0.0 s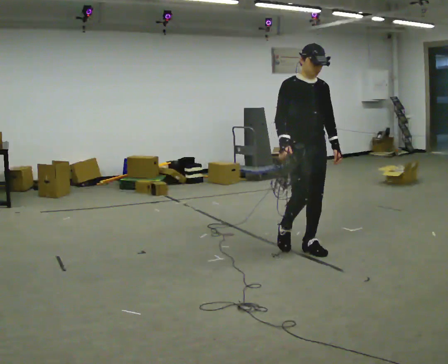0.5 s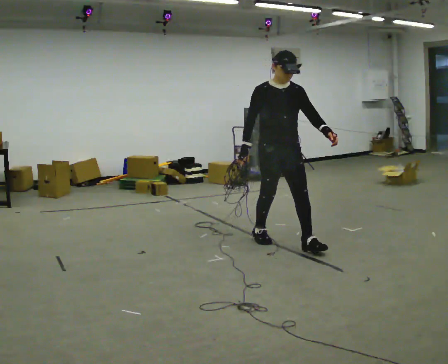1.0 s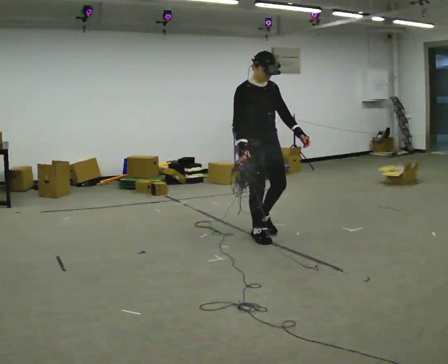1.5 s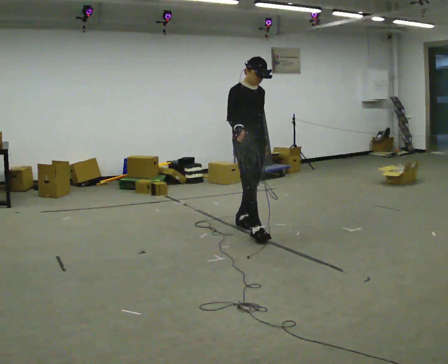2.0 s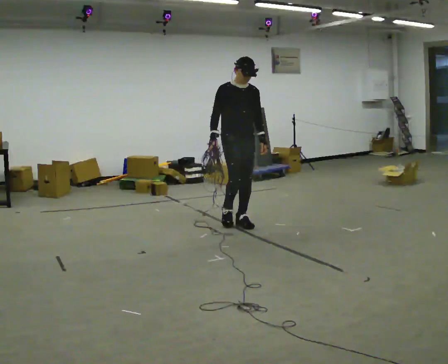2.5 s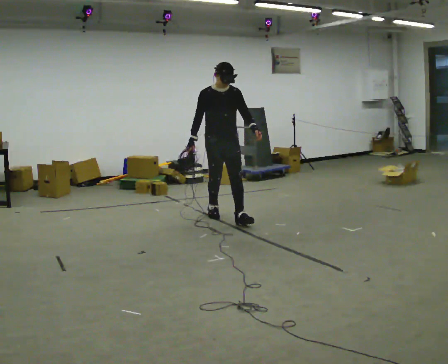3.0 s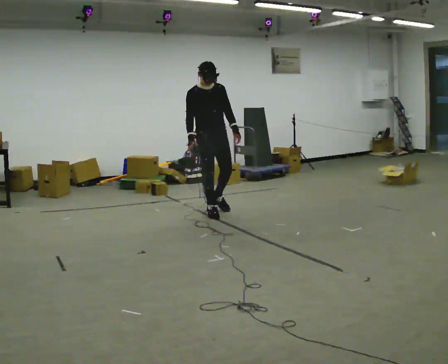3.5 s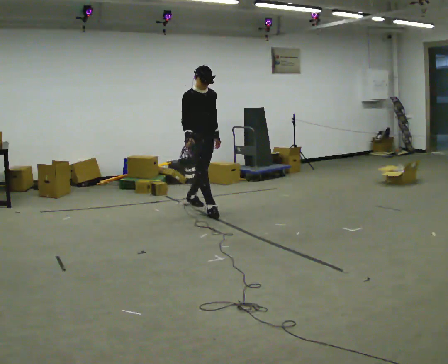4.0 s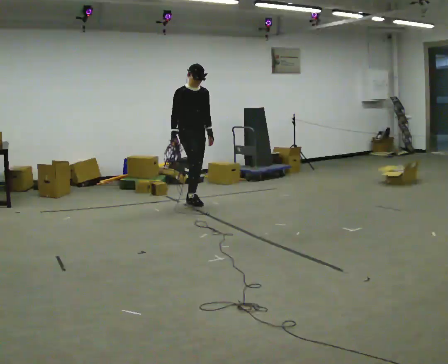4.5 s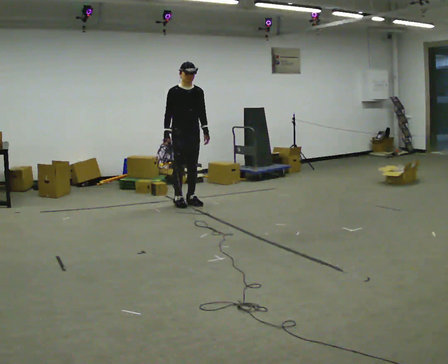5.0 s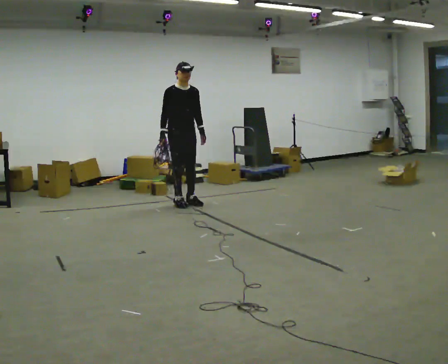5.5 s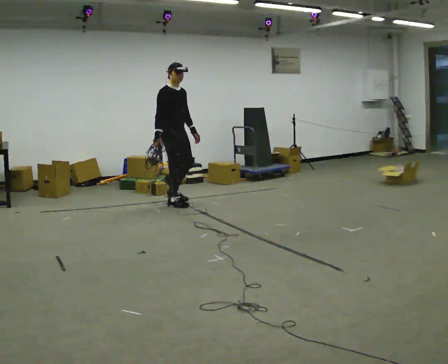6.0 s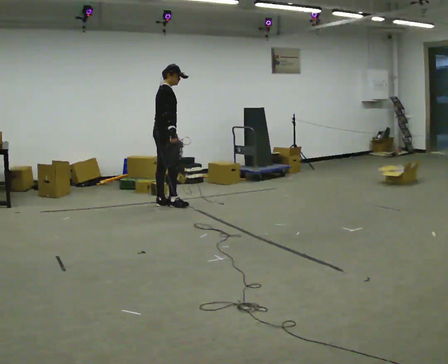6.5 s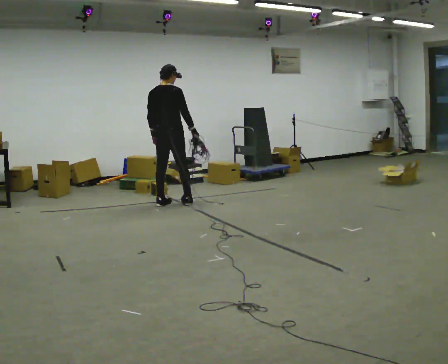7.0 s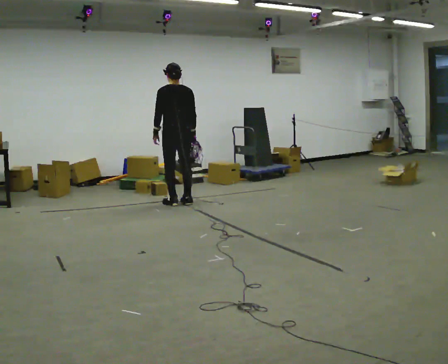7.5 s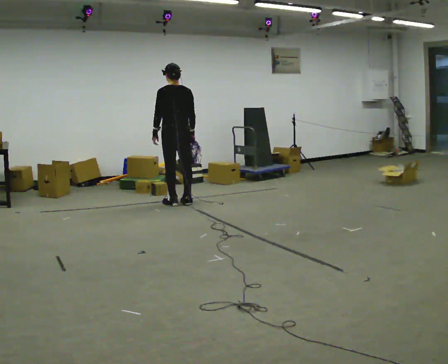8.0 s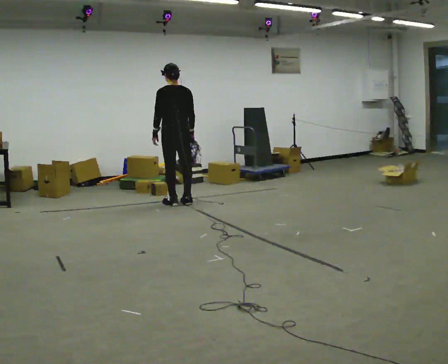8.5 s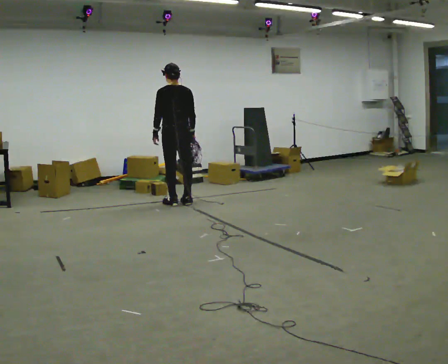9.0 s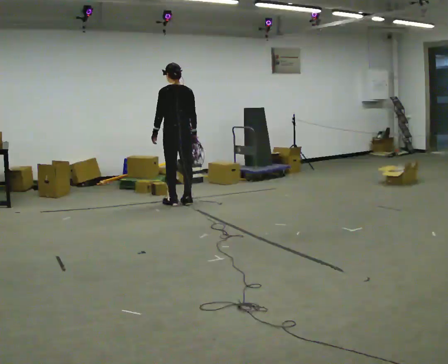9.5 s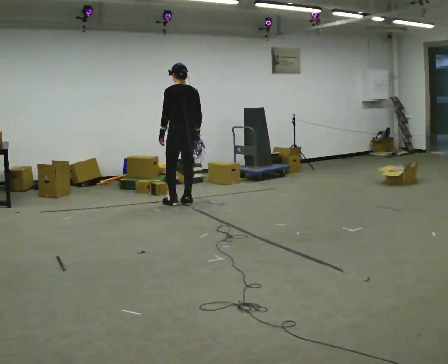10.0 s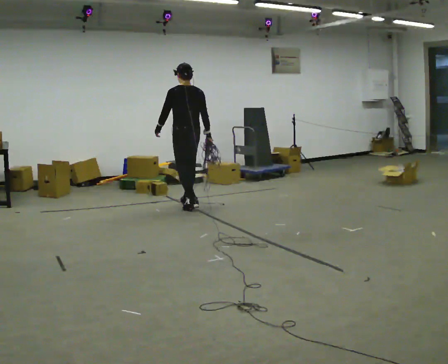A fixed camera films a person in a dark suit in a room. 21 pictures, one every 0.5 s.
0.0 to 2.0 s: In the picture they go away from the camera and to the left, about 1 m in 2 steps, which for them is backward.
2.0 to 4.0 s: In the picture they go away from the camera and to the left, about 1 m in 2 steps, which for them is backward.
4.0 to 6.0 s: The part of the body nearest the lens slides to the right as the person turns to their left by about 75 degrees. In the picture they go to the left, about 0.25 m in 1 step.
6.0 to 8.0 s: Seen from above the body turns counterclockwise, about 105 degrees: to their left, with its near side sliding to the right.
8.0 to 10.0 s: The person moves a little, or ends about where they began.
The film runs backward here.
